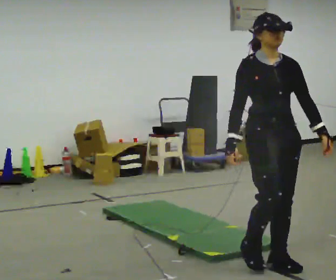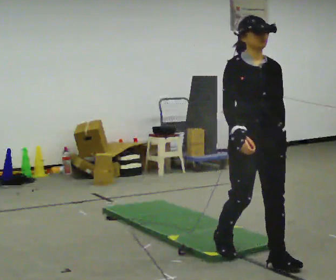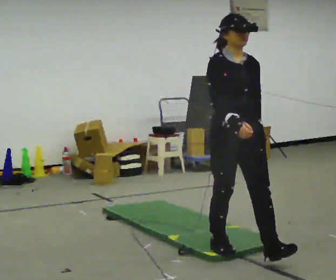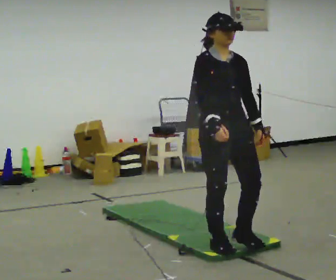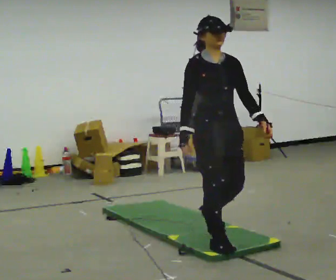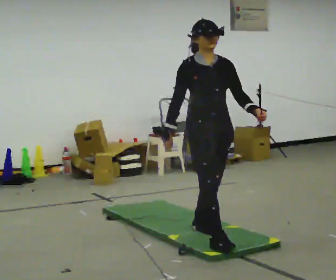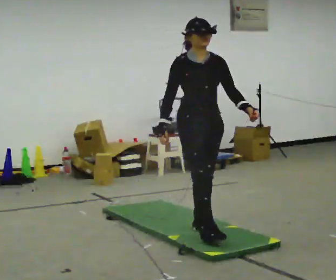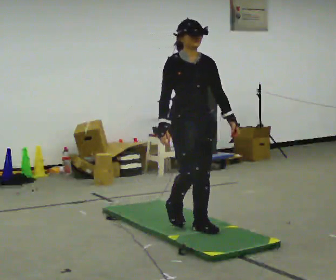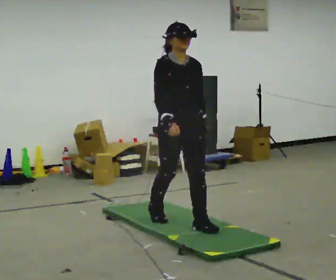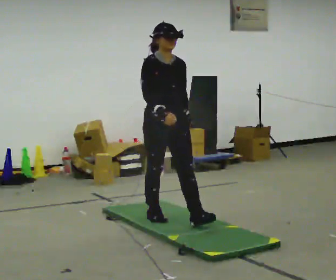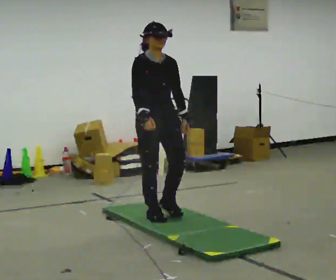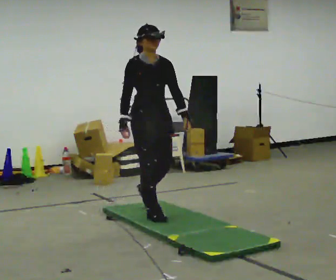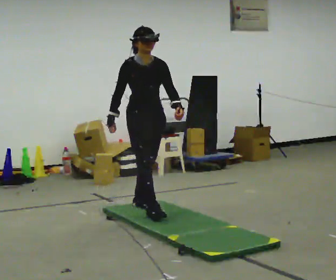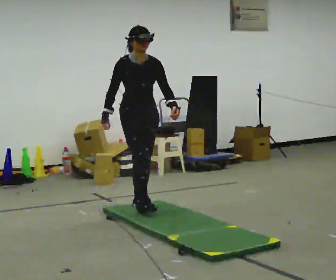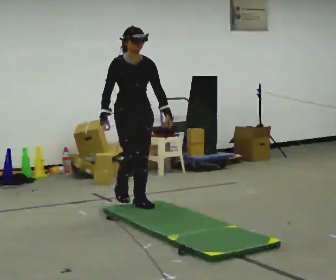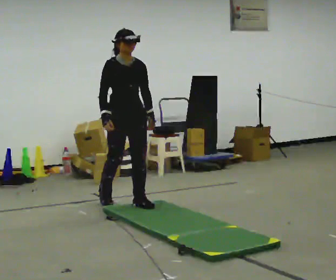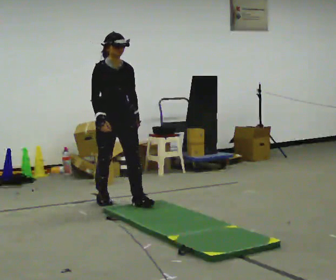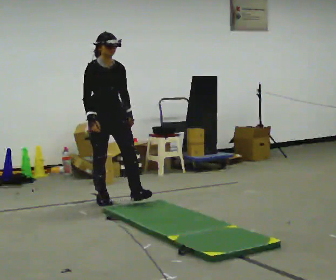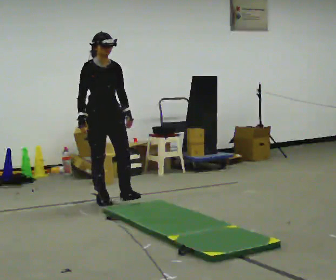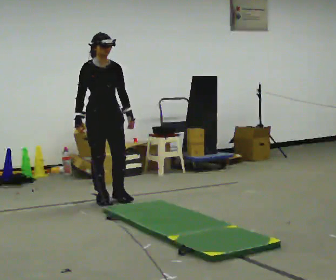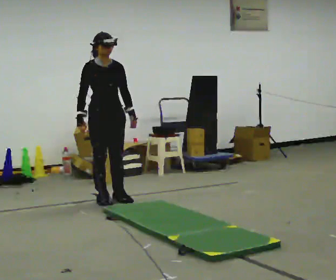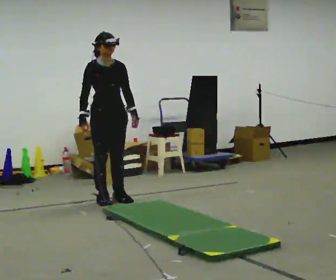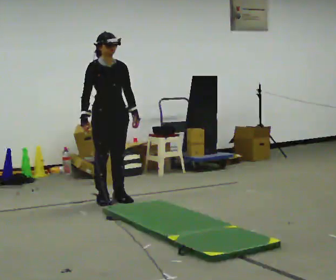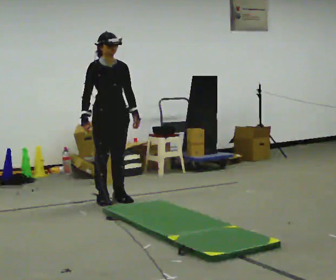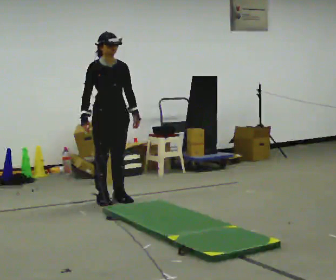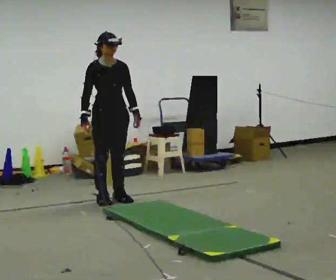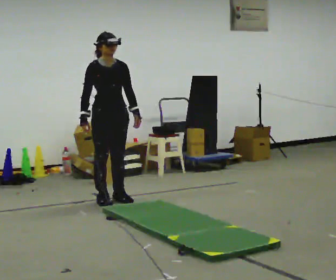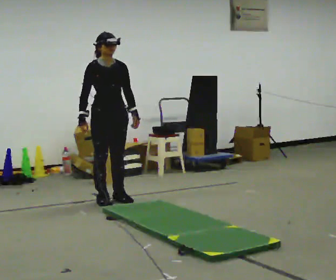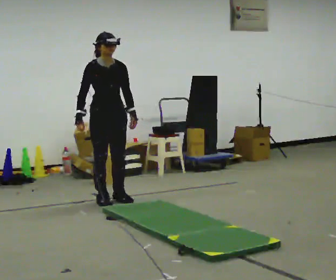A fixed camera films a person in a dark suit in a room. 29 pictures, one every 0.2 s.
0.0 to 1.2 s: In the picture they go away from the camera and to the left, about 1 m in 2 steps, which for them is backward.
1.2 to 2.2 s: In the picture they go away from the camera and to the left, about 0.5 m in 1 step, which for them is backward.
2.2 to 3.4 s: In the picture they go away from the camera and to the left, about 1 m in 2 steps, which for them is backward.
3.4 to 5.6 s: The person moves a little, or ends about where they began.
The film runs backward here.
